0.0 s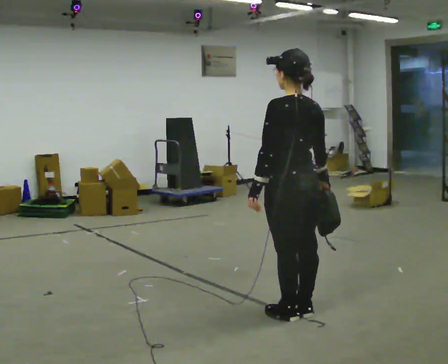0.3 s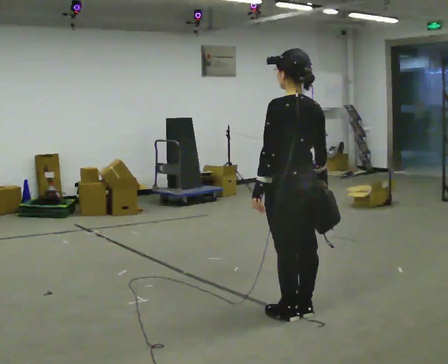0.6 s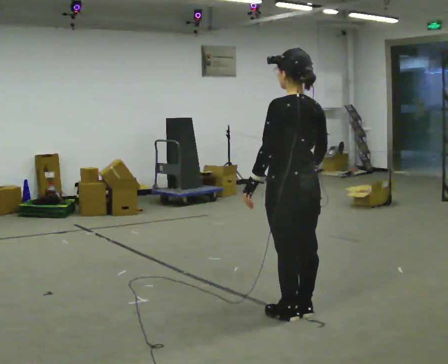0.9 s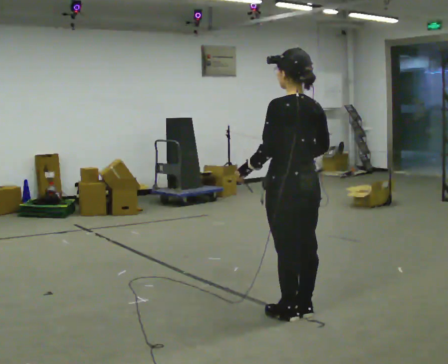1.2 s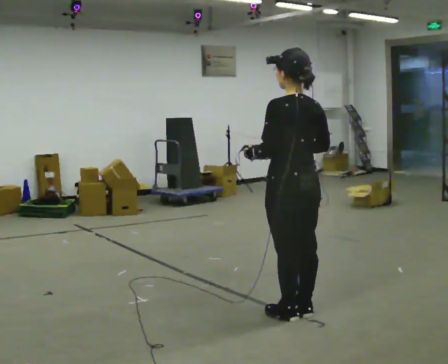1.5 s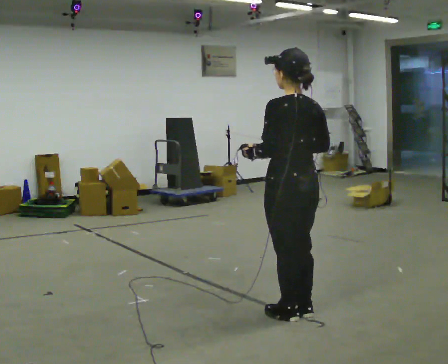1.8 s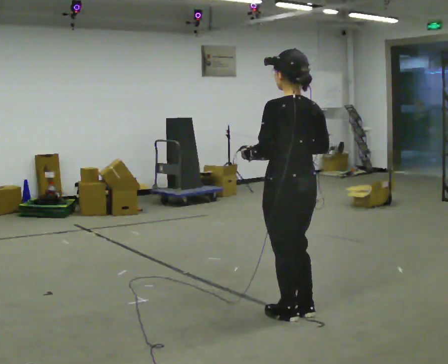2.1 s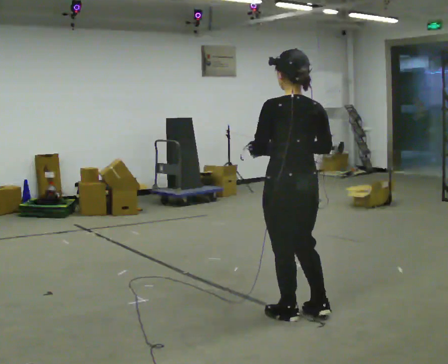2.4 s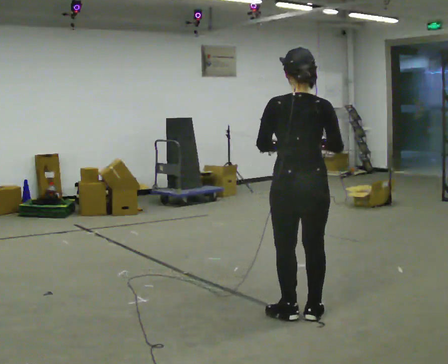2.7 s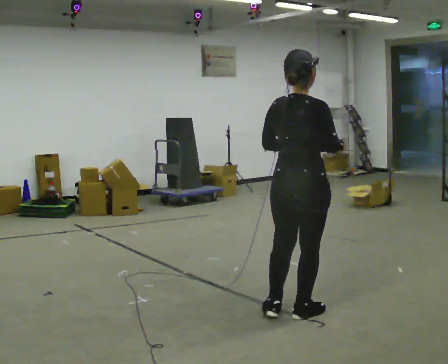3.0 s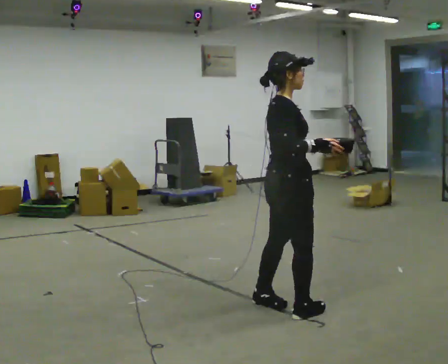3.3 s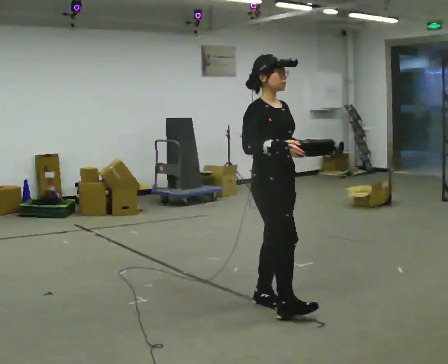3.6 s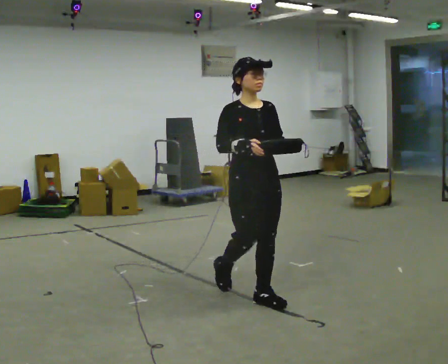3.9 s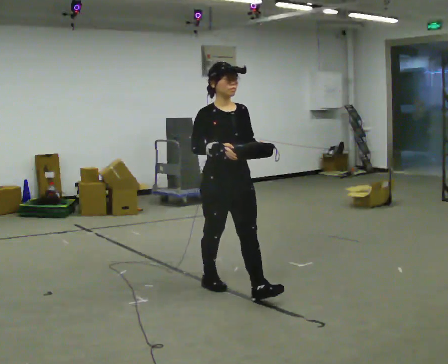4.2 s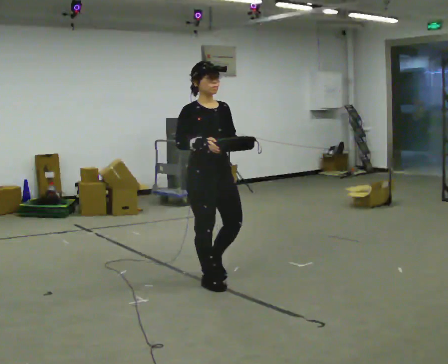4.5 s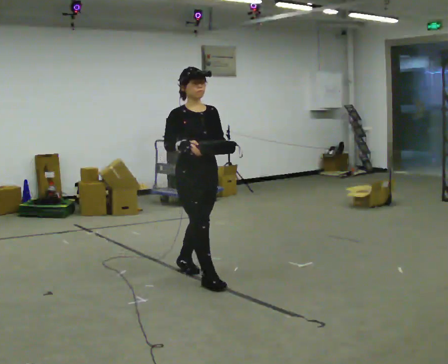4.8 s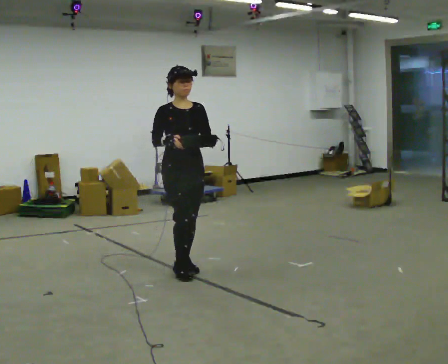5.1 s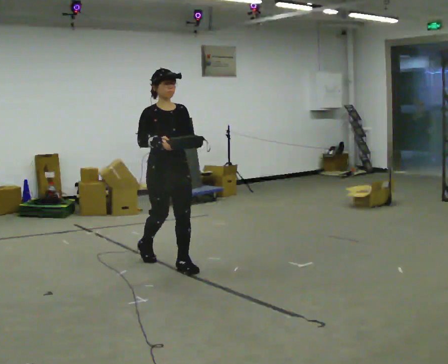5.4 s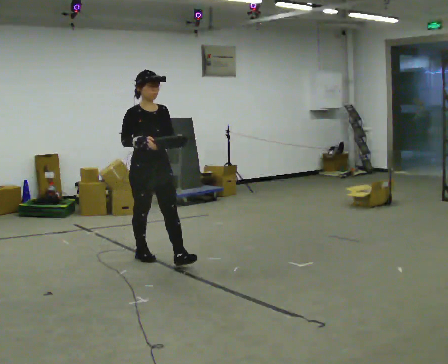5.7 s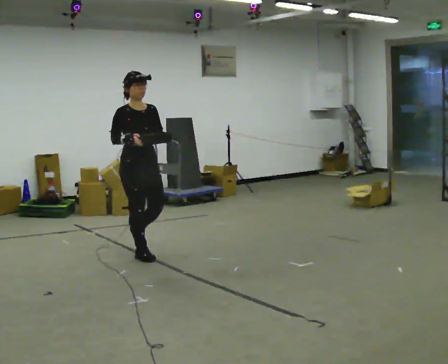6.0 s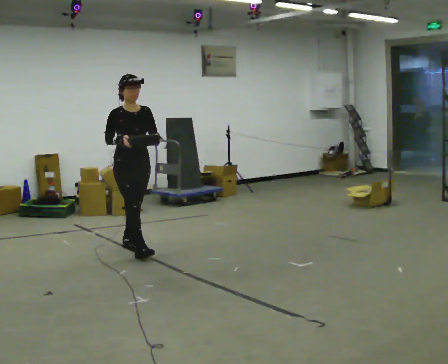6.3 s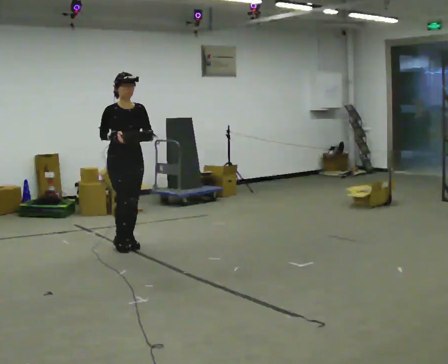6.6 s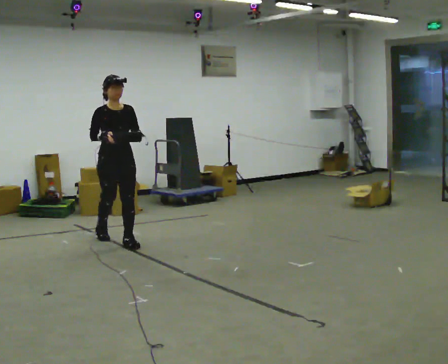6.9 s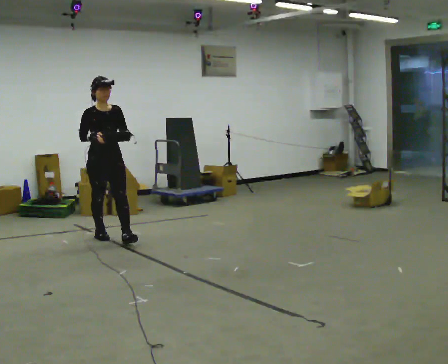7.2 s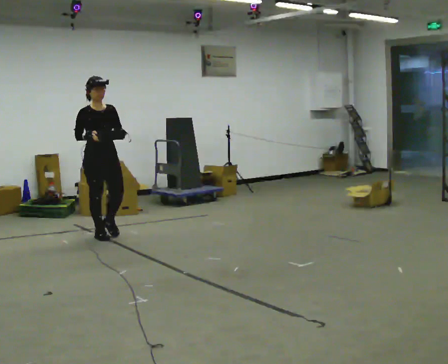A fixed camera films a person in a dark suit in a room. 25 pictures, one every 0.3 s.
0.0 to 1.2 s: The person moves a little, or ends about where they began.
1.2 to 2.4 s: The part of the body nearest the lens slides to the left as the person turns to their right by about 30 degrees.
2.4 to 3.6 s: The part of the body nearest the lens slides to the left as the person turns to their right by about 165 degrees. In the picture they go away from the camera and to the left, about 0.5 m in 2 steps.
3.6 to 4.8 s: In the picture they go away from the camera and to the left, about 1 m in 2 steps, which for them is backward.
4.8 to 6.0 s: In the picture they go to the left and away from the camera, about 1 m in 1 step, which for them is backward.
6.0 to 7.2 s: In the picture they go to the left and away from the camera, about 0.75 m in 2 steps, which for them is backward.
The film runs backward here.
